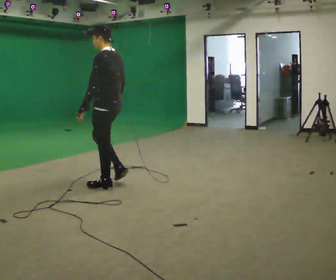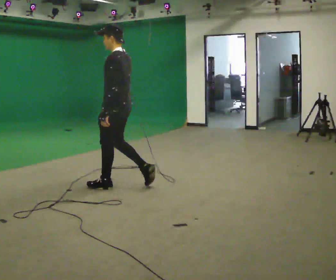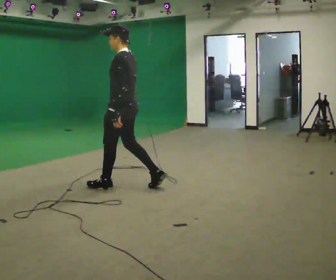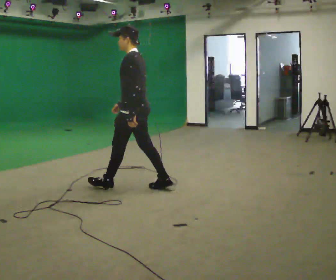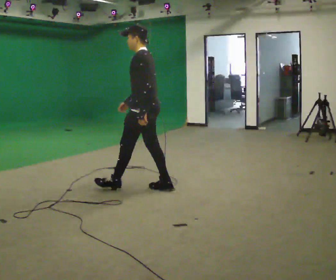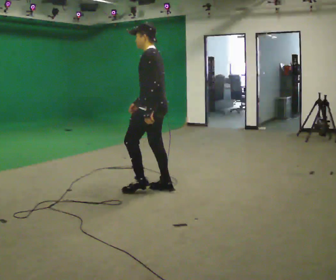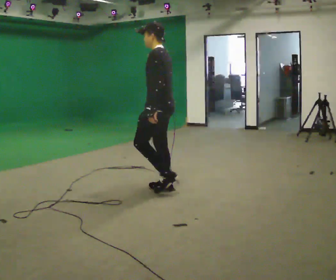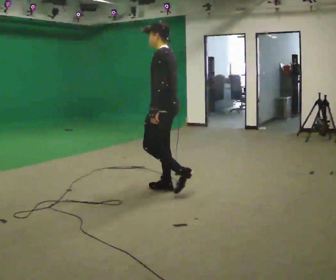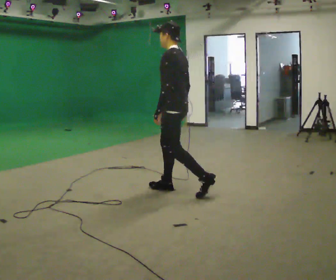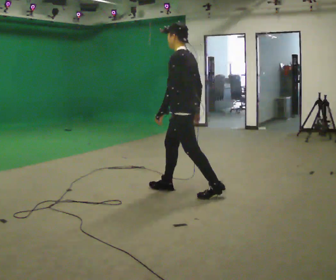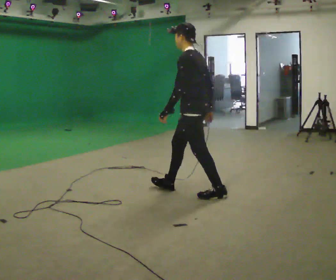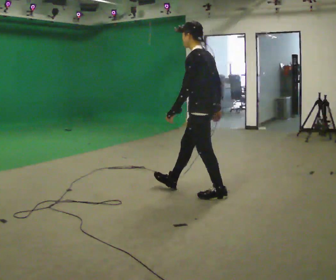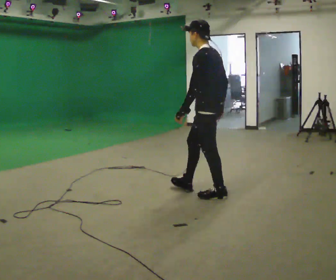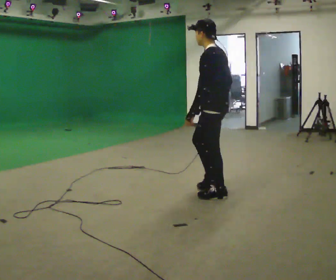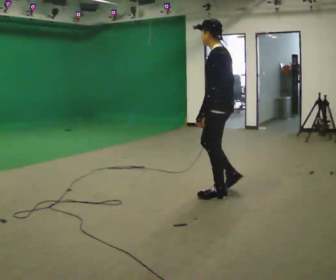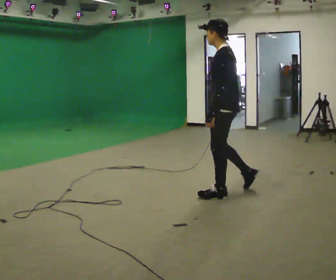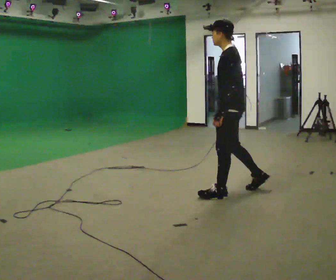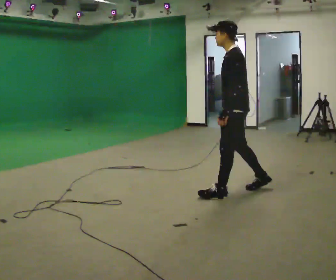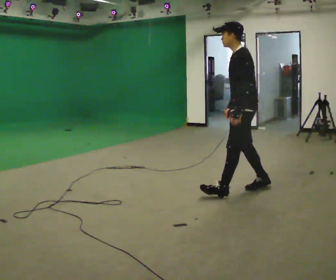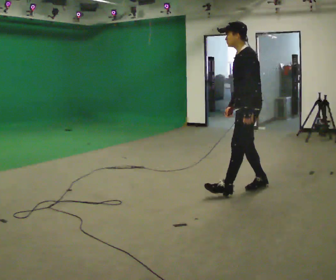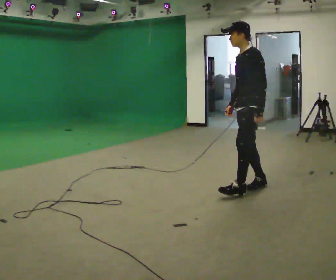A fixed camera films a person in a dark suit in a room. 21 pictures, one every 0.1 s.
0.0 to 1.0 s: In the picture they go to the right, about 1 m in 1 step, which for them is backward.
1.0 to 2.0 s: The part of the body nearest the lens slides to the right as the person turns to their left by about 30 degrees. In the picture they go to the right, about 0.75 m in 2 steps, which for them is backward.
The film runs backward here.
